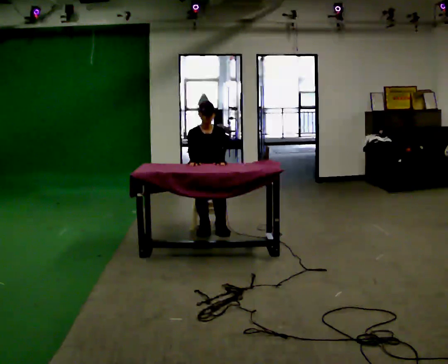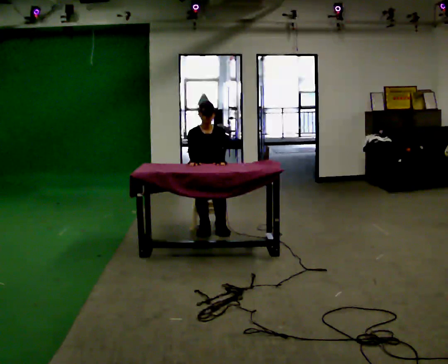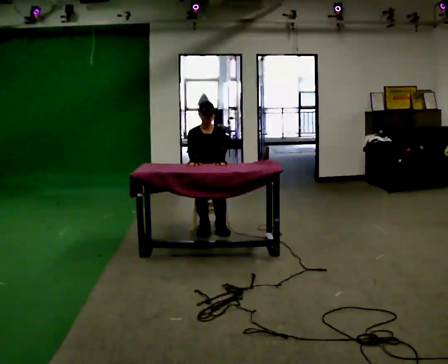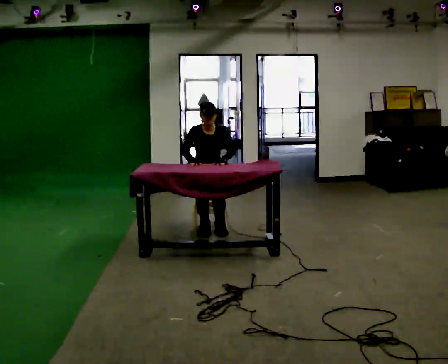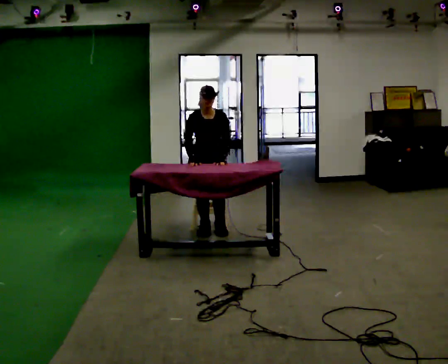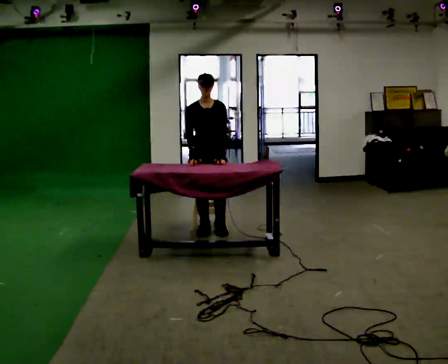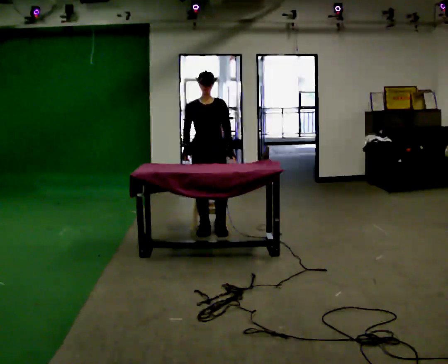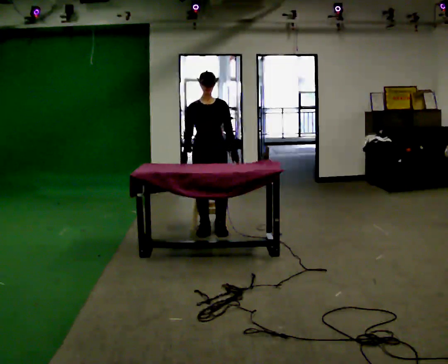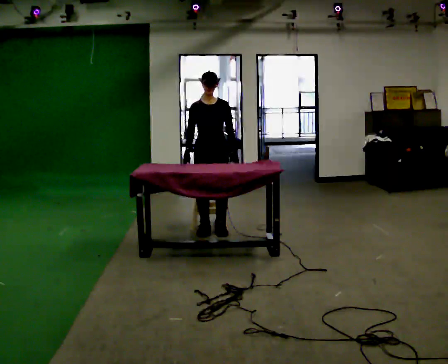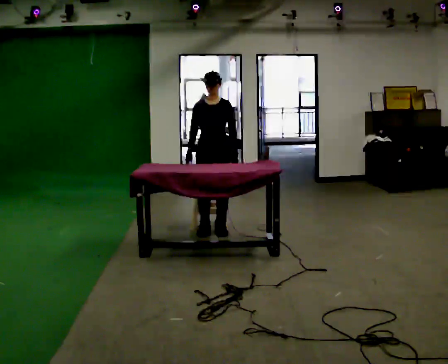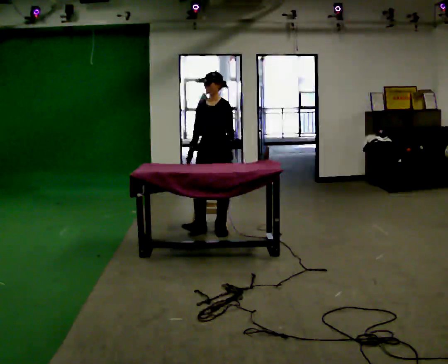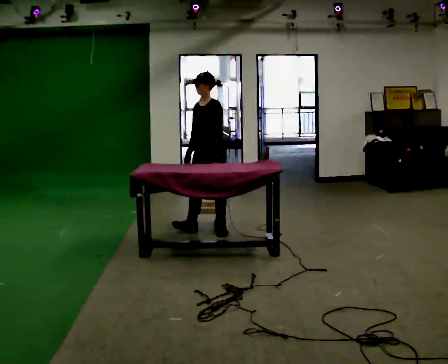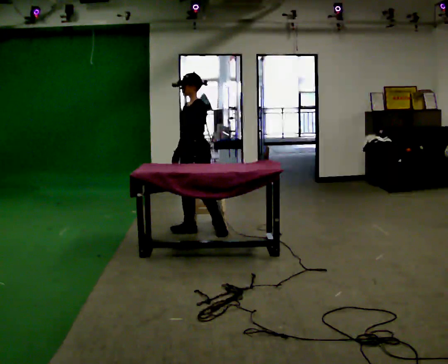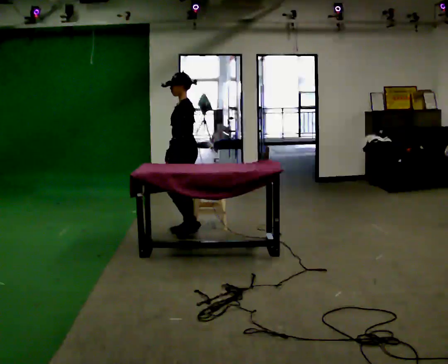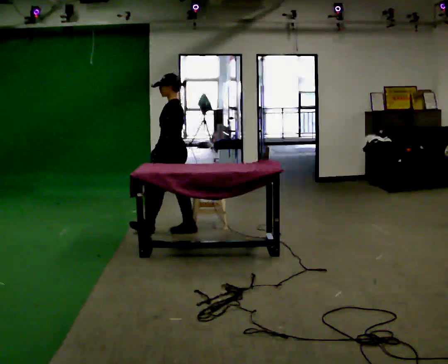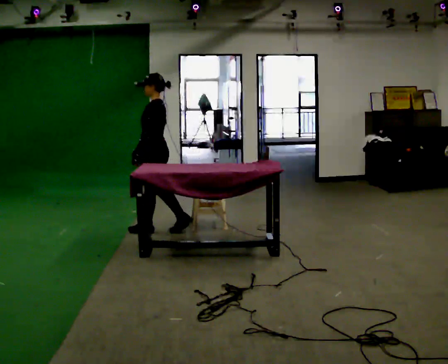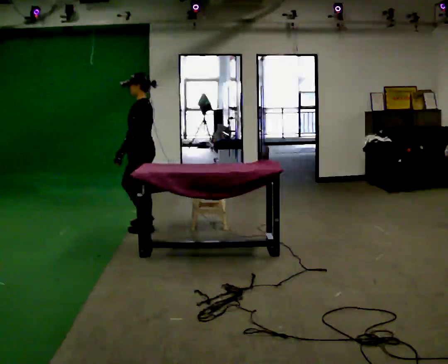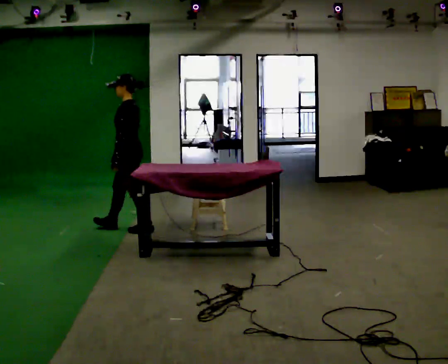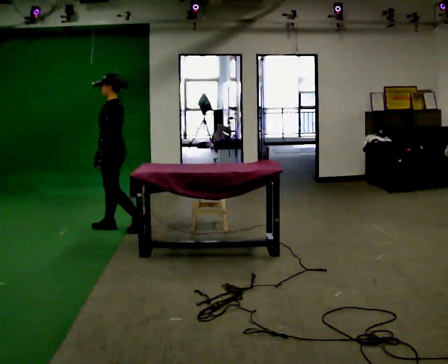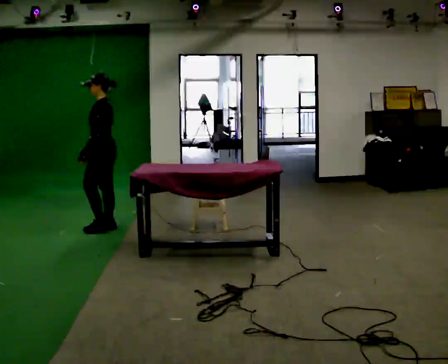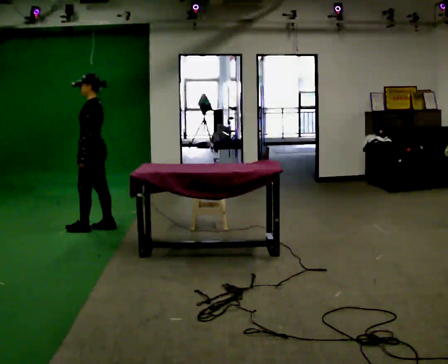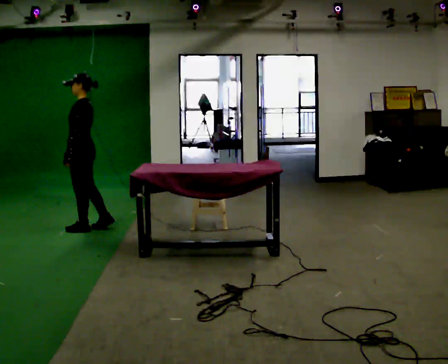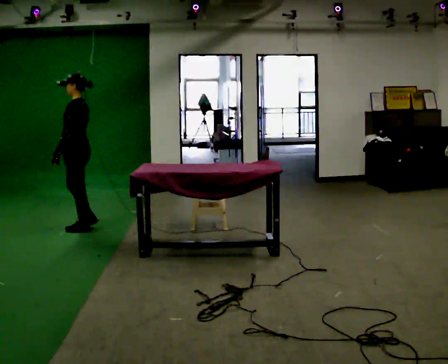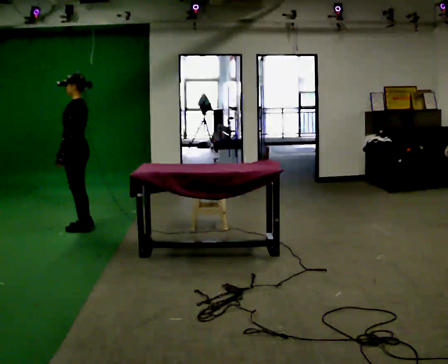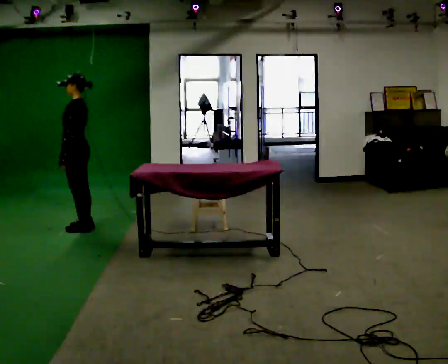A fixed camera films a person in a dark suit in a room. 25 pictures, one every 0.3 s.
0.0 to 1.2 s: The shoulders move upward.
1.2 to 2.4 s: The upper body tips away from the camera, its near side rolling upward, as they lean back or straighten.
2.4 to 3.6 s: The person turns about 60 degrees to their right, clockwise seen from above, so the part of the body nearest the lens slides to the left. In the picture they go to the left, about 0.25 m. In the picture their left hand goes to the left.
3.6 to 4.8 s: The person turns about 30 degrees to their right, clockwise seen from above, so the part of the body nearest the lens slides to the left. In the picture they go to the left, about 0.5 m in 1 step, which for them is forward.
4.8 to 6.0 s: In the picture they go to the left, about 0.5 m in 2 steps, which for them is forward.
6.0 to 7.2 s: In the picture they go to the left, about 0.25 m in 1 step, which for them is forward.
The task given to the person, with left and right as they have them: Walk up to the chair at the table, sit down into the space, settle as if you were about to work there, then stand up and step away. Repeat the movement at your own pace until the operator says stop; do not rush.
The film runs forward here.
